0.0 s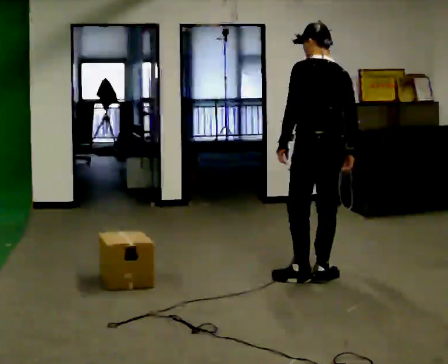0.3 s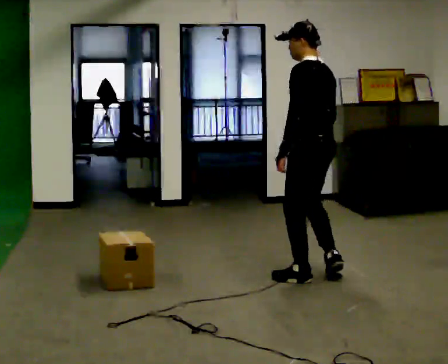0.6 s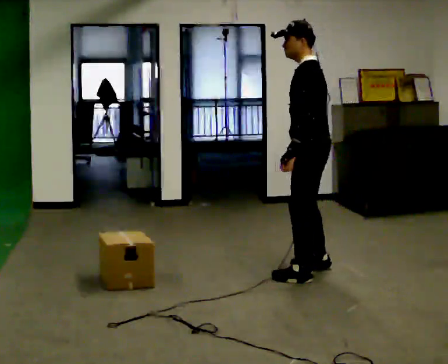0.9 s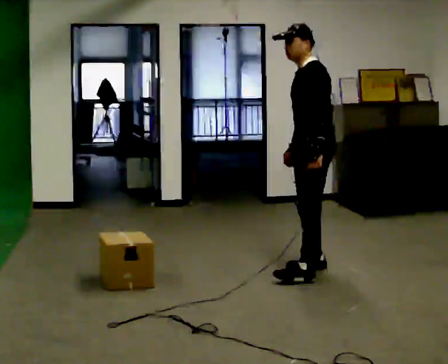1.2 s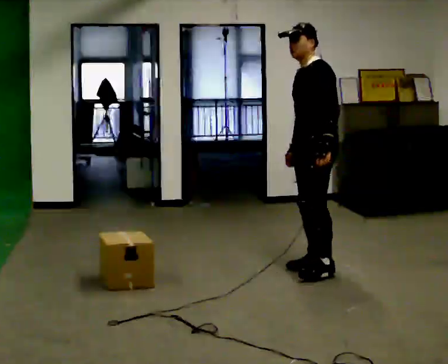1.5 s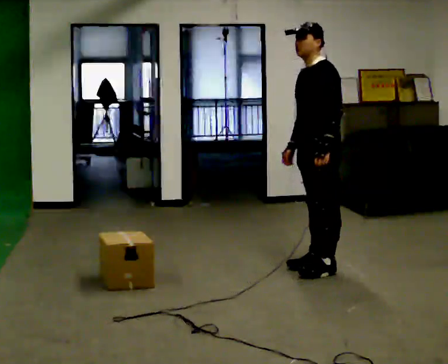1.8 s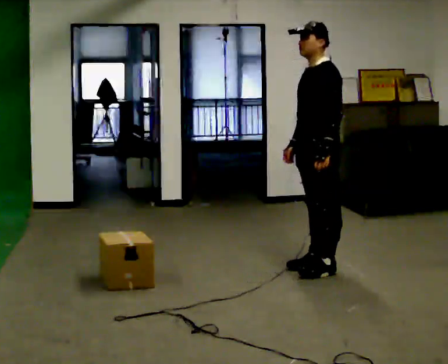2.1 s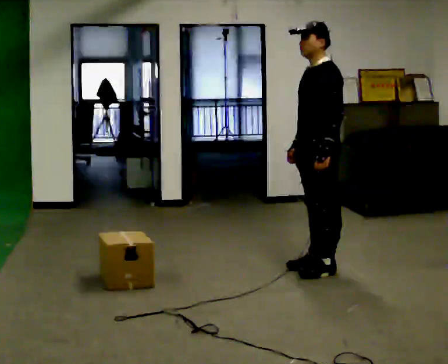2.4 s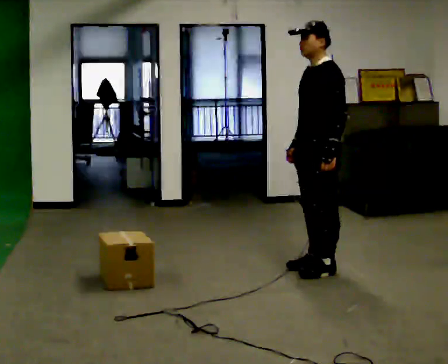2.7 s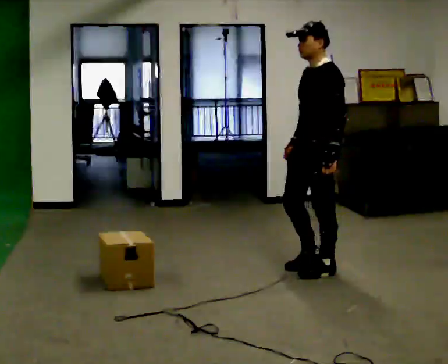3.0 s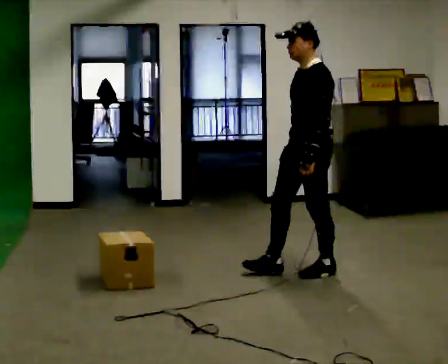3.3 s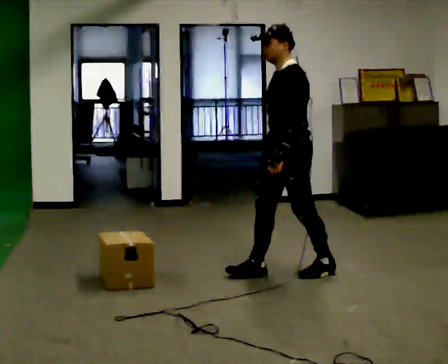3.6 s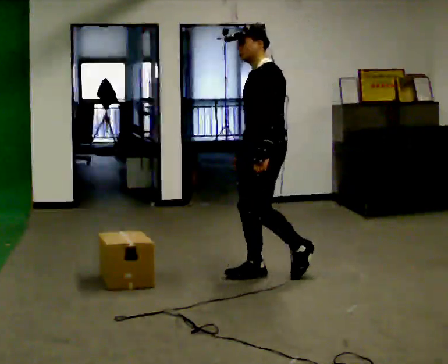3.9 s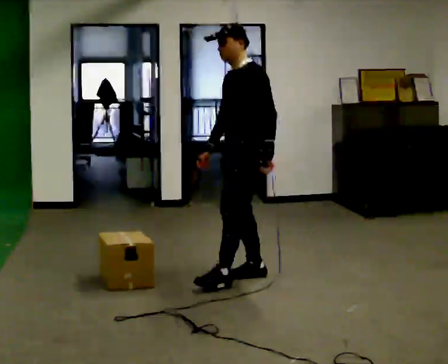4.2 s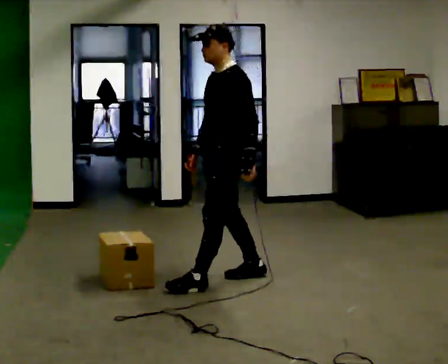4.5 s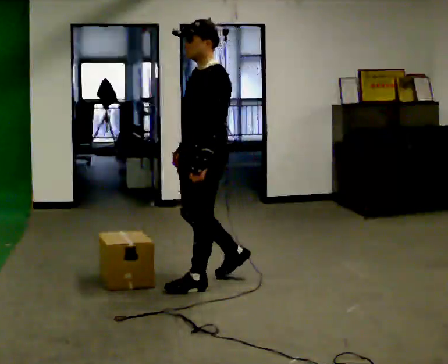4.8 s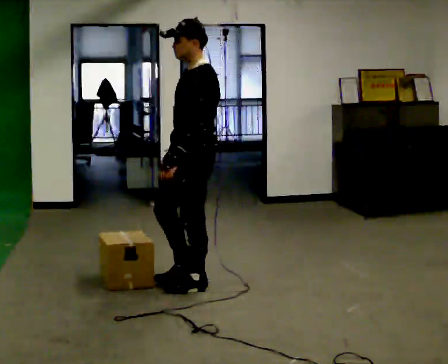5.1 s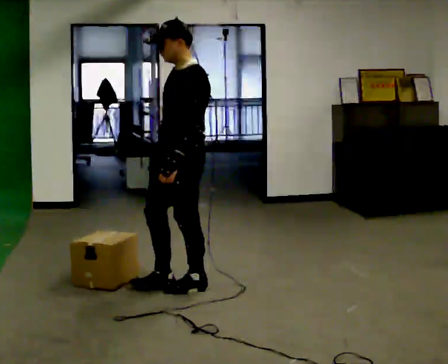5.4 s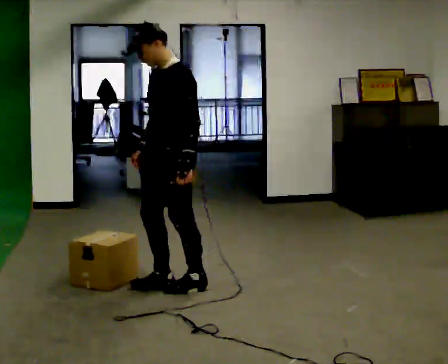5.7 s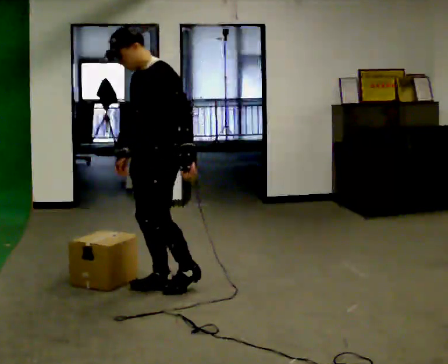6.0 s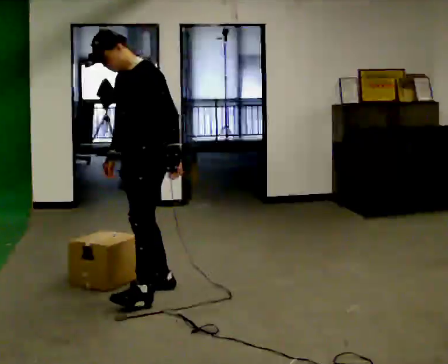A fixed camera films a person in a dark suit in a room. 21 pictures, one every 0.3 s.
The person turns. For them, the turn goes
to their left.
The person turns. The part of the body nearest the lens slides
to the right.
0.0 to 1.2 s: The person turns about 75 degrees to their left, counterclockwise seen from above, so the part of the body nearest the lens slides to the right. In the picture they go away from the camera, about 0.25 m in 1 step.
1.2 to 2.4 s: The person moves a little, or ends about where they began.
2.4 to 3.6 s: In the picture they go to the left, about 0.5 m in 1 step, which for them is forward.
3.6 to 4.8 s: In the picture they go to the left and toward the camera, about 0.5 m in 1 step, which for them is forward.
4.8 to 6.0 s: In the picture they go to the left, about 0.25 m in 1 step, which for them is forward. In the picture the upper body tilts counterclockwise, shoulders to the left, as they bend forward.
The film runs forward here.
